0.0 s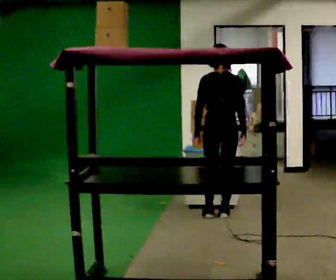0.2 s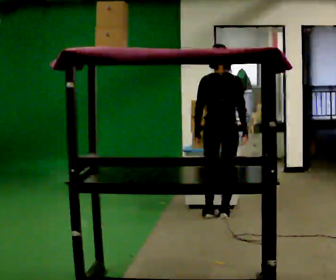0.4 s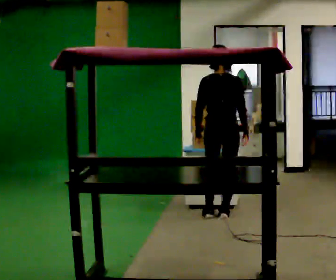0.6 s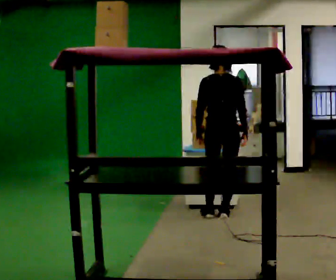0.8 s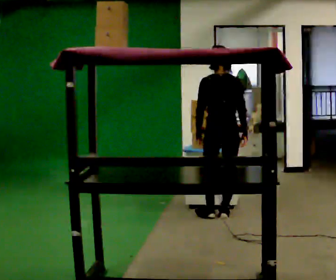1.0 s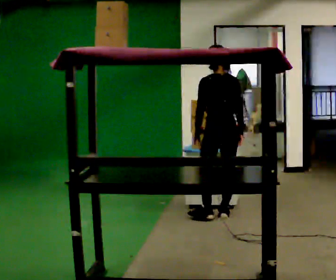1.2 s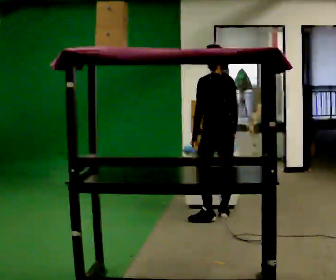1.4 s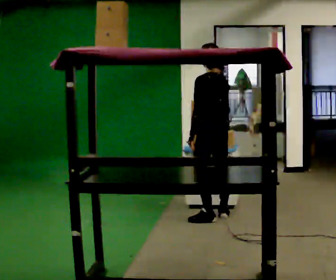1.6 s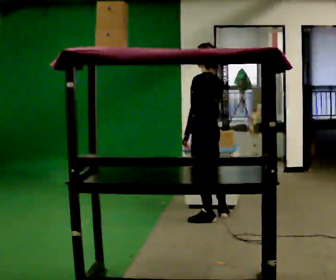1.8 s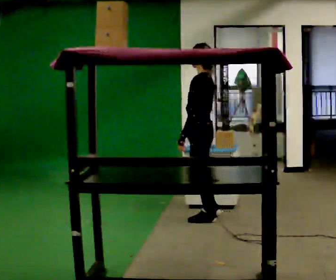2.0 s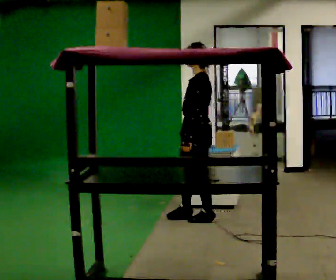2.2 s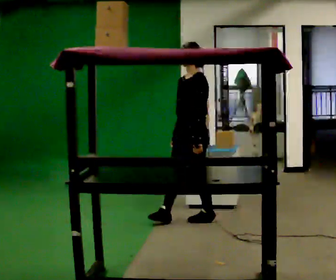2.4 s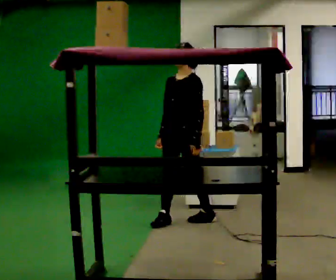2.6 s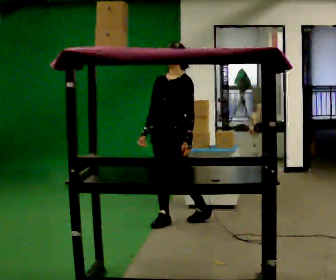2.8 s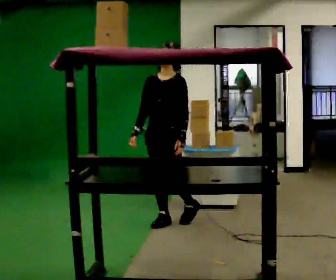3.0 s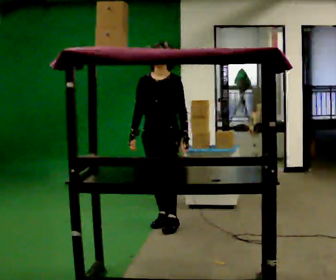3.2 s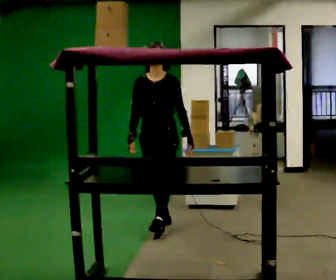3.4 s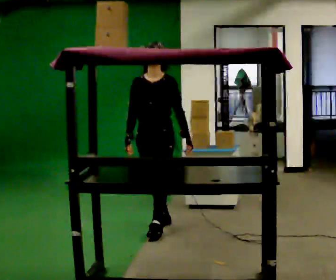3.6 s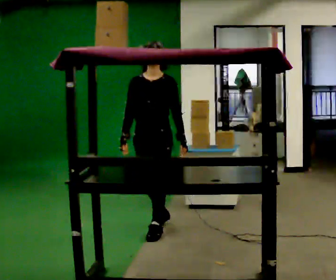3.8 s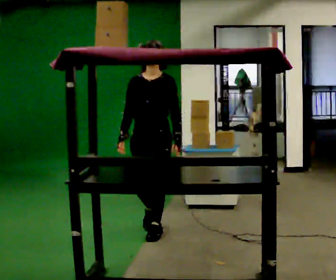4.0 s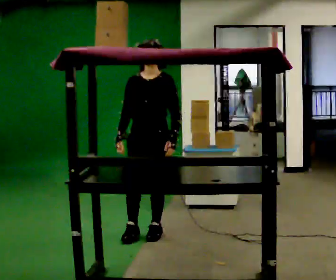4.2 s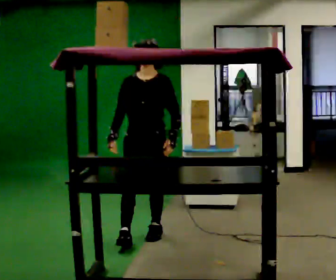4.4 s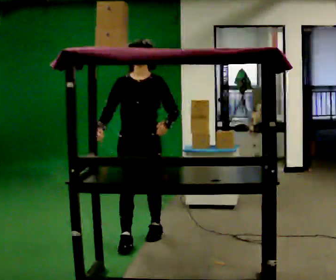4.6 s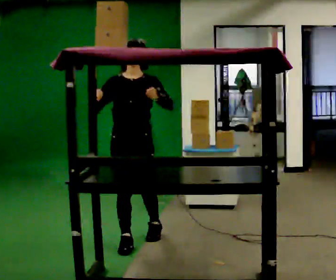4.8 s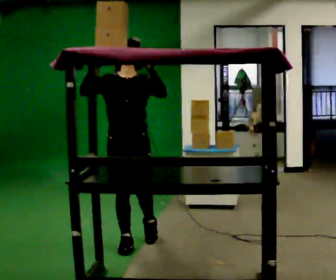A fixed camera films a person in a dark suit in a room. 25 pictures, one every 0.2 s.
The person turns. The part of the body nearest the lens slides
to the right.
Their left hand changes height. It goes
upward.
0.0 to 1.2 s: The person turns about 45 degrees to their left, counterclockwise seen from above, so the part of the body nearest the lens slides to the right.
1.2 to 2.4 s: Seen from above the body turns counterclockwise, about 105 degrees: to their left, with its near side sliding to the right. In the picture they go to the left and toward the camera, about 0.5 m in 1 step.
2.4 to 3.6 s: In the picture they go toward the camera and to the left, about 0.5 m in 1 step, which for them is forward.
3.6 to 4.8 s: Seen from above the body turns counterclockwise, about 30 degrees: to their left, with its near side sliding to the right. In the picture they go toward the camera and to the left, about 0.5 m in 1 step, which for them is forward. In the picture their left hand goes upward.
The film runs forward here.
